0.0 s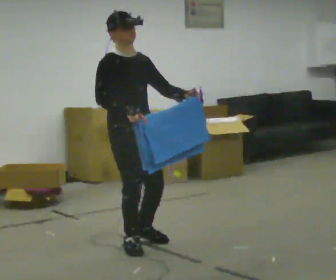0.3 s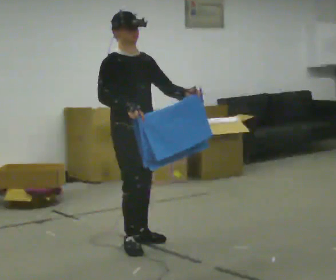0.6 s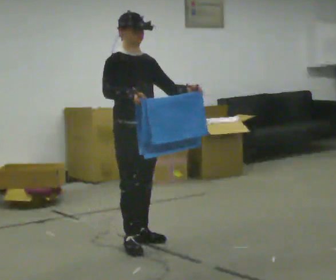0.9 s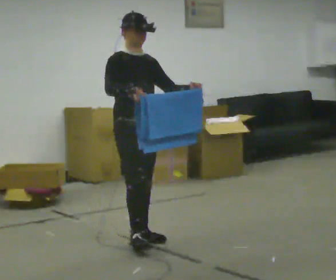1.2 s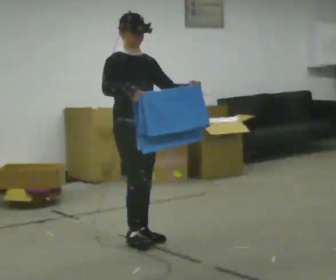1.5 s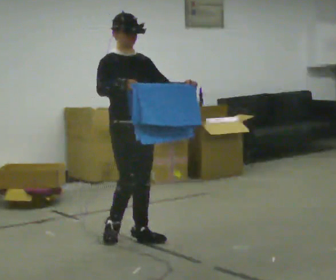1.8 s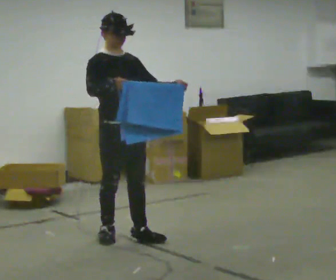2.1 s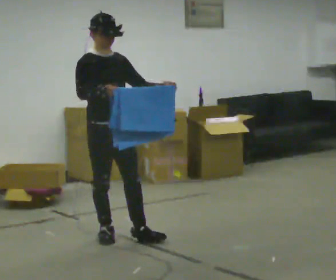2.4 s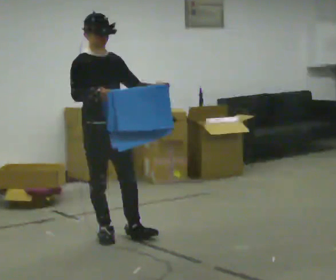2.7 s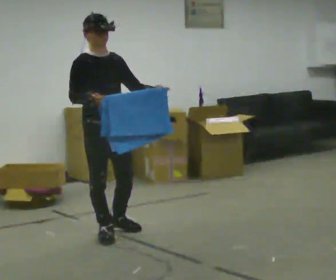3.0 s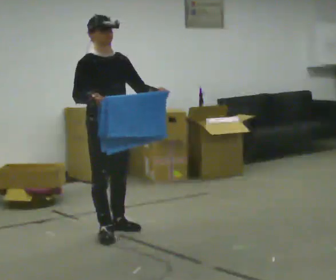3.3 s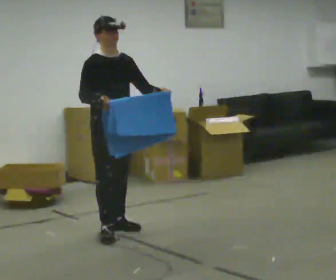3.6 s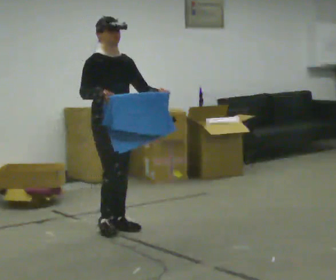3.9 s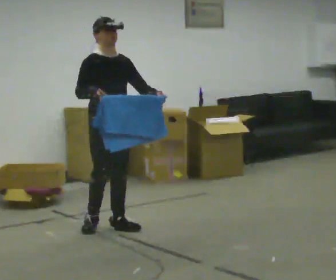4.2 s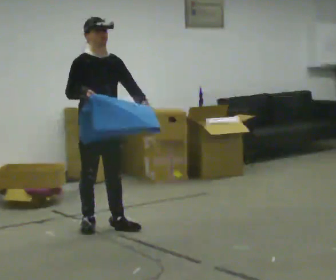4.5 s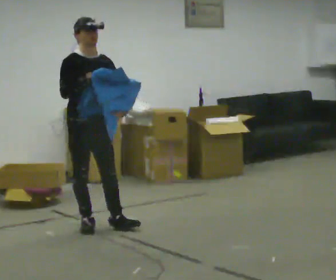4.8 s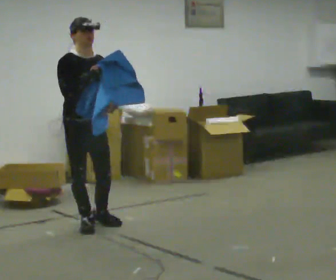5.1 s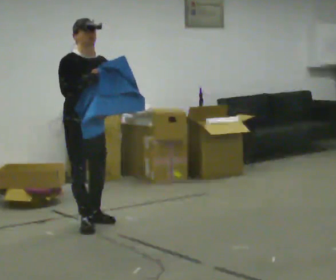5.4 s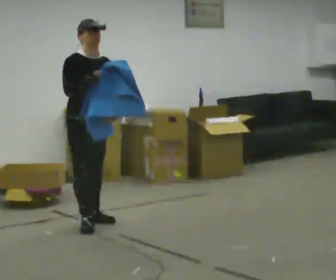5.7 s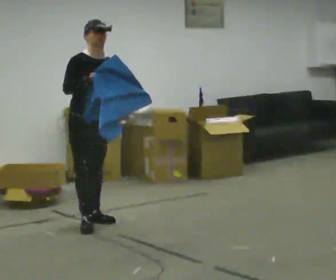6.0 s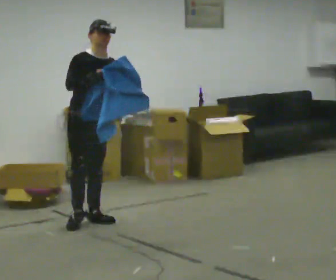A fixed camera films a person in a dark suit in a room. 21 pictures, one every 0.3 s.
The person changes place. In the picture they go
away from the camera.
0.0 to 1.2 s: In the picture they go away from the camera, about 0.25 m in 1 step, which for them is backward and to their left.
1.2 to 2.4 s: In the picture they go to the left, about 0.25 m in 1 step, which for them is backward and to their right.
2.4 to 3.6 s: In the picture they go away from the camera, about 0.25 m in 1 step, which for them is backward and to their left.
3.6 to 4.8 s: In the picture they go to the left, about 0.25 m in 1 step, which for them is backward and to their right.
4.8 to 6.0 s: In the picture they go away from the camera, about 0.25 m in 1 step, which for them is backward and to their left.
The film runs backward here.
